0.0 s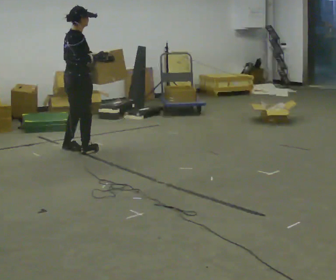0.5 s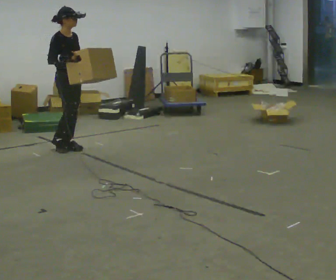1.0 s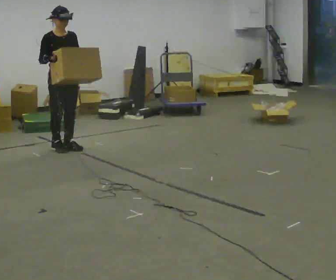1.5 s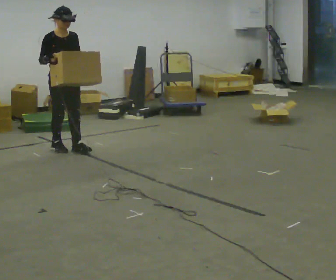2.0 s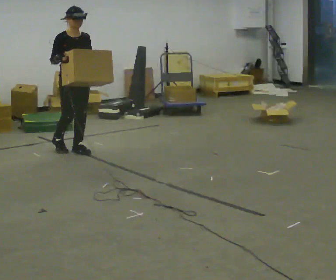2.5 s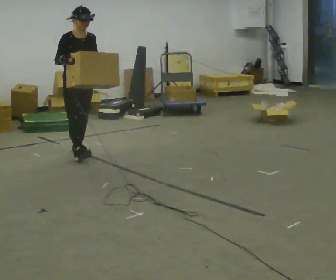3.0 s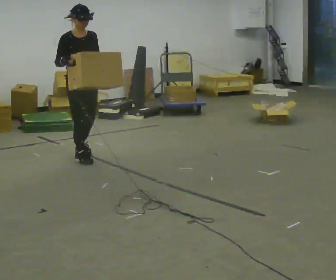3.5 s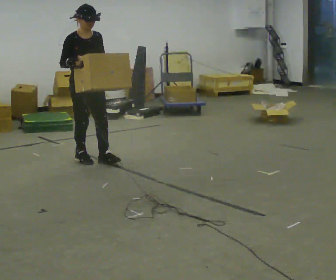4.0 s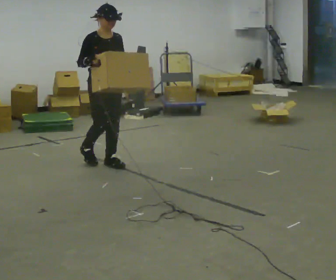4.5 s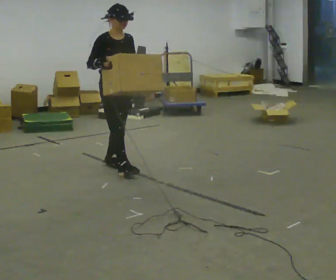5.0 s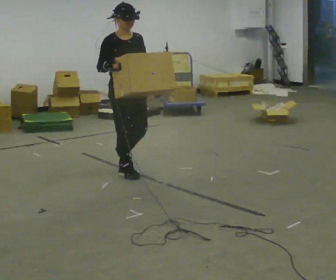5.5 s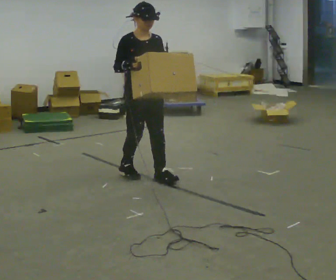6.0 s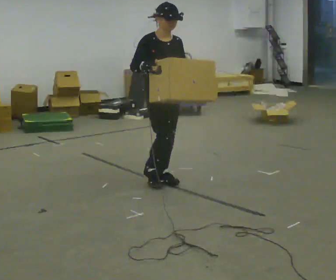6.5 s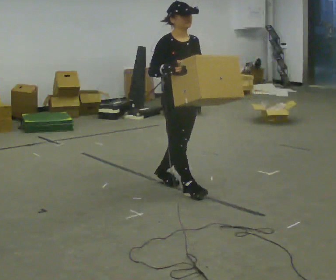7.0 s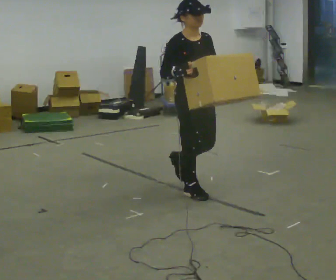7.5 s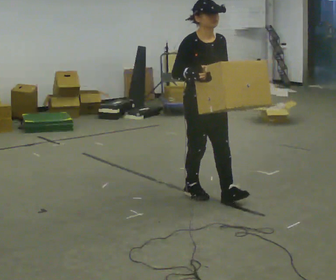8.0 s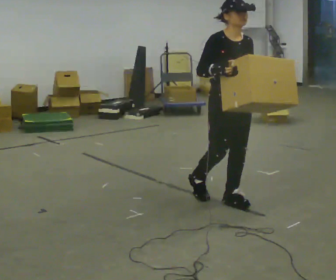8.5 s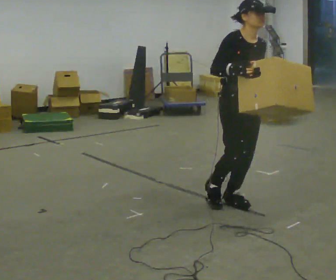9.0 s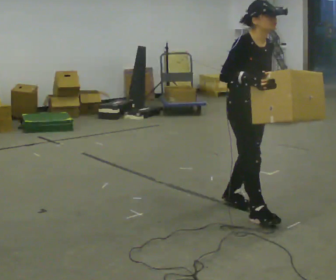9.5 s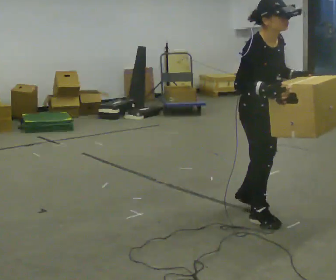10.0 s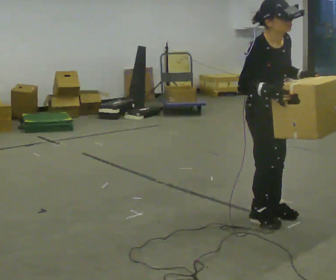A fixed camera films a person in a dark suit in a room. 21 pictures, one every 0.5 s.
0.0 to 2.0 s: Seen from above the body turns clockwise, about 90 degrees: to their right, with its near side sliding to the left.
2.0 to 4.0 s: In the picture they go toward the camera and to the right, about 0.5 m in 2 steps, which for them is forward.
4.0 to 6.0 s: In the picture they go toward the camera and to the right, about 0.5 m in 2 steps, which for them is forward.
6.0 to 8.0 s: In the picture they go toward the camera and to the right, about 0.5 m in 1 step, which for them is forward.
8.0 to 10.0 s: In the picture they go toward the camera, about 0.5 m in 2 steps, which for them is forward and to their right. The upper body tips toward the camera, its near side rolling downward.
The film runs backward here.
